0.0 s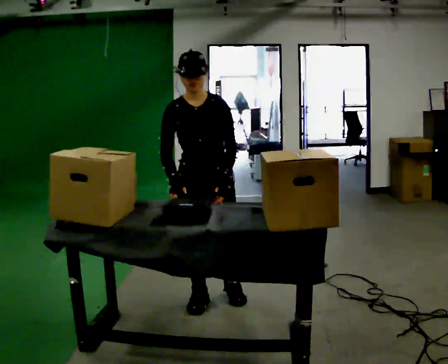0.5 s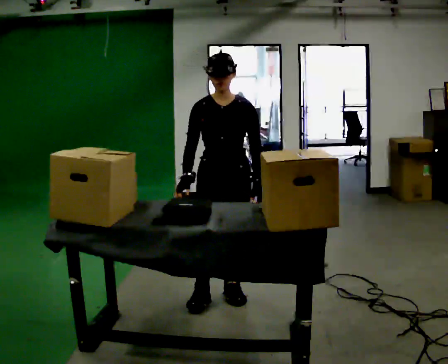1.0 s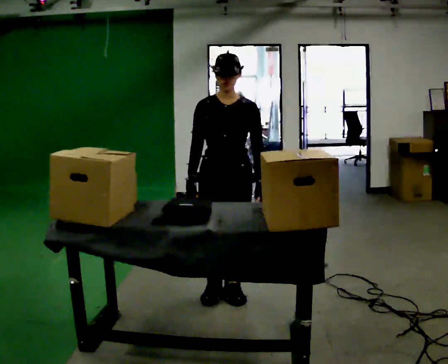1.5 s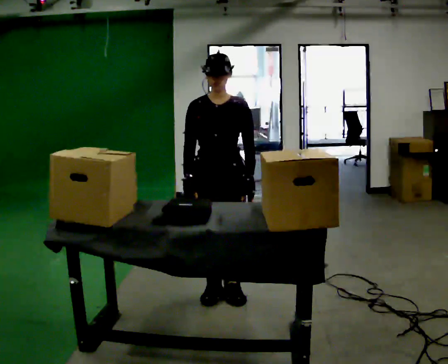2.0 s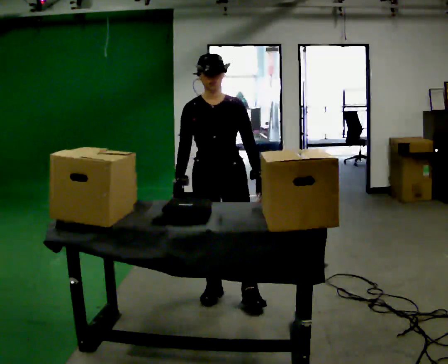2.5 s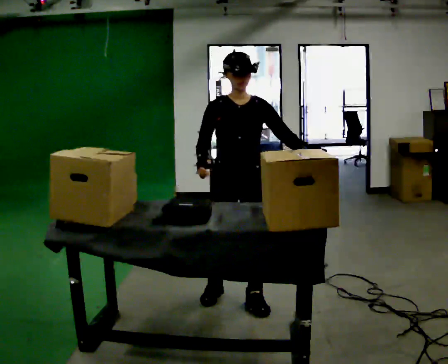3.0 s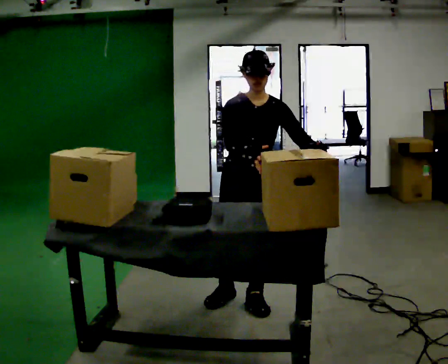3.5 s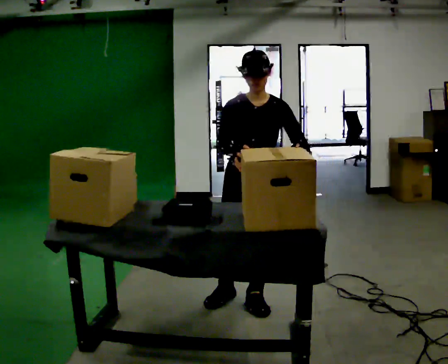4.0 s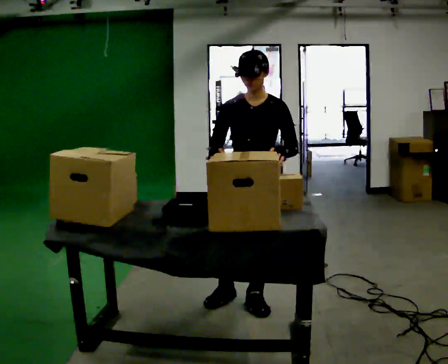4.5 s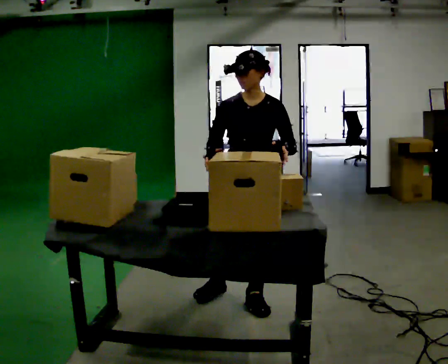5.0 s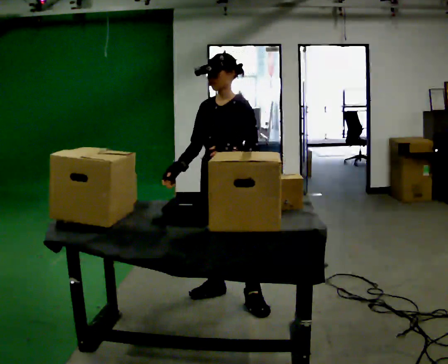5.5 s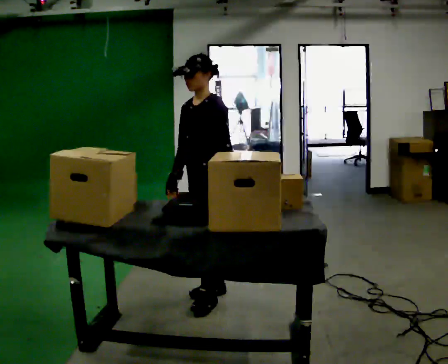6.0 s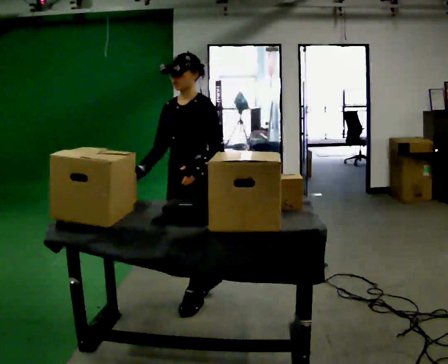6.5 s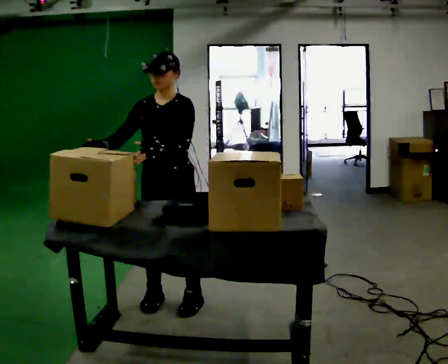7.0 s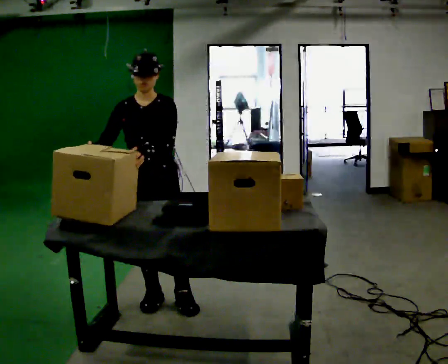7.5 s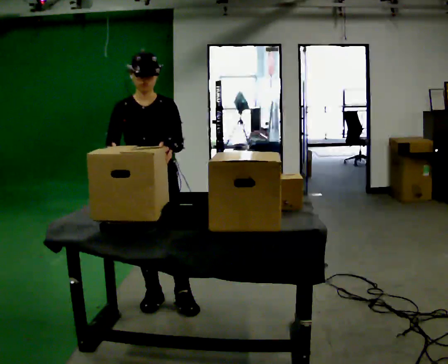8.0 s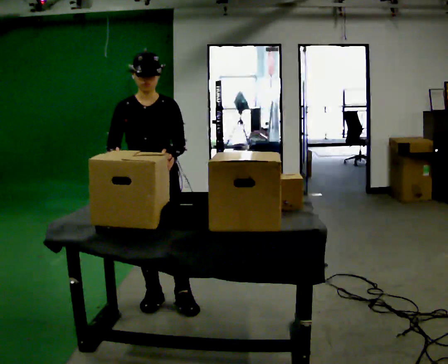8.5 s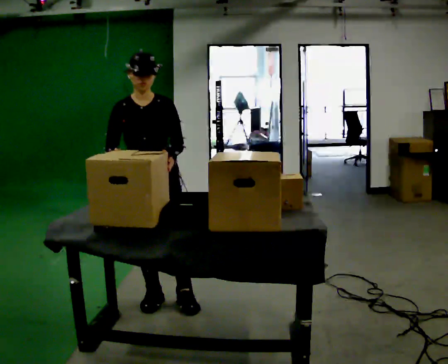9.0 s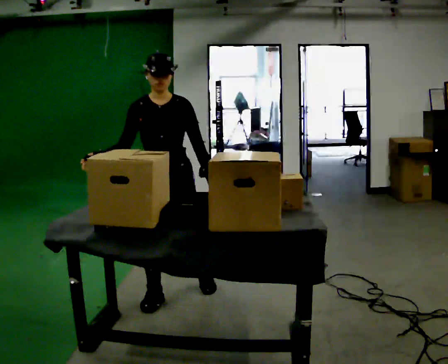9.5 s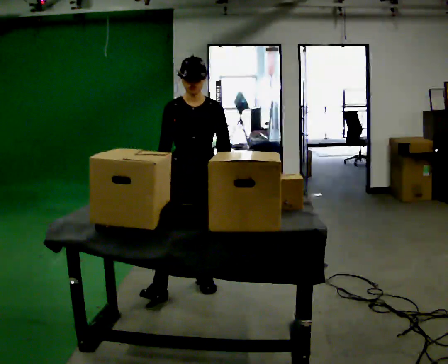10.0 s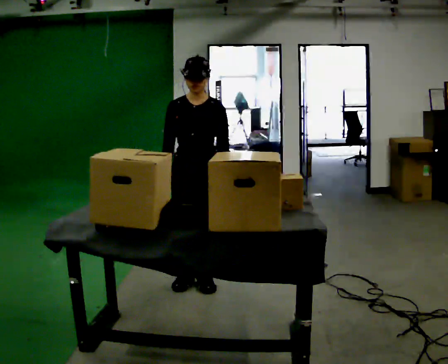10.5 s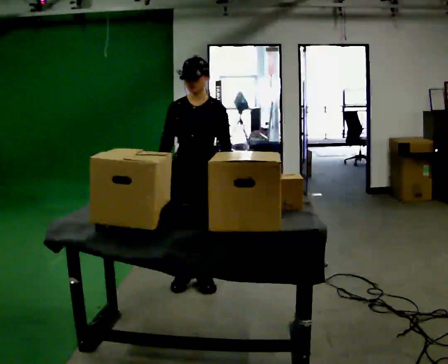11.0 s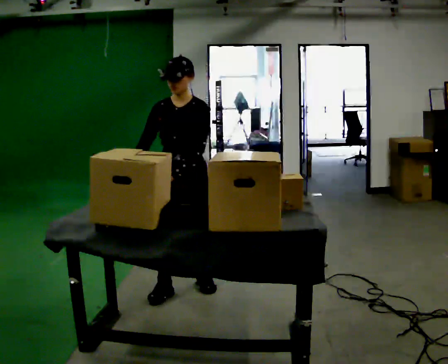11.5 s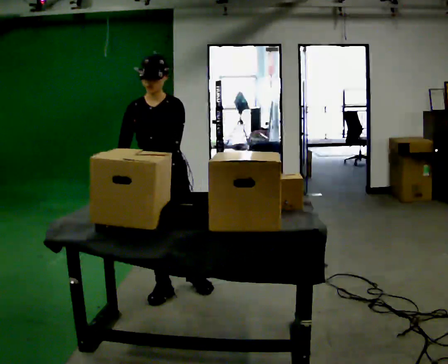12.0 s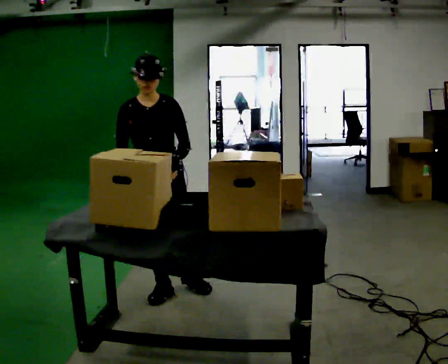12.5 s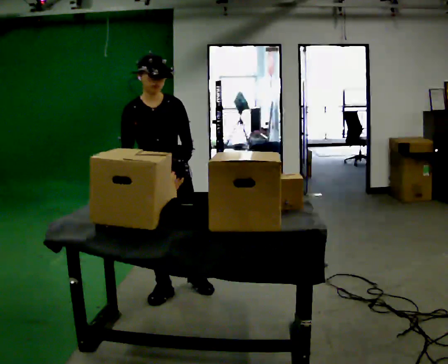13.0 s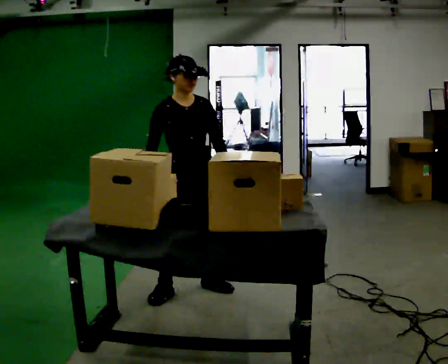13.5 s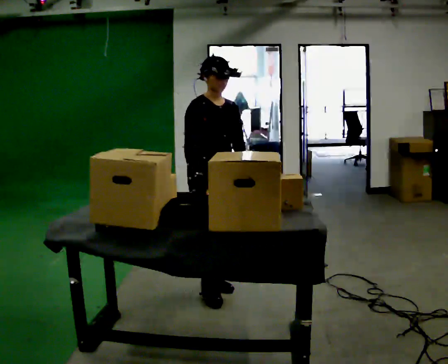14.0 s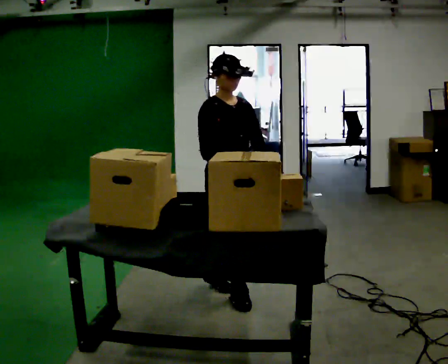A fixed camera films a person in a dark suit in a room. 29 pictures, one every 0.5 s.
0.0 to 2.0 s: The person moves a little, or ends about where they began.
2.0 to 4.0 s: In the picture they go toward the camera and to the right, about 0.25 m in 1 step, which for them is to their left and forward.
4.0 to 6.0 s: The part of the body nearest the lens slides to the left as the person turns to their right by about 30 degrees. In the picture they go to the left and away from the camera, about 0.25 m in 1 step, which for them is to their right and forward.
6.0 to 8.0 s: Seen from above the body turns counterclockwise, about 45 degrees: to their left, with its near side sliding to the right. In the picture they go to the left, about 0.25 m in 1 step, which for them is to their right.
8.0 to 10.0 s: In the picture they go to the right and away from the camera, about 0.5 m in 2 steps, which for them is backward and to their left.
10.0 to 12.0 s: In the picture they go to the left, about 0.25 m in 1 step, which for them is forward and to their right.
12.0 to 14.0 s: The part of the body nearest the lens slides to the right as the person turns to their left by about 30 degrees. In the picture they go to the right, about 0.5 m in 1 step, which for them is to their left.
The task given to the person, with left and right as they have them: Take the objects the operator names off the crowded shelf, one at a time, and carry each one to the table. You will have to move other things out of the way to reach them. Keep going until the operator says stop; one object at a time, and do not rush between trips.
The film runs forward here.
